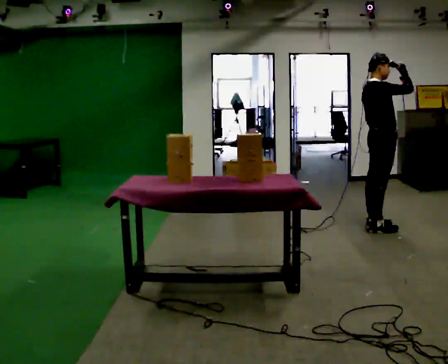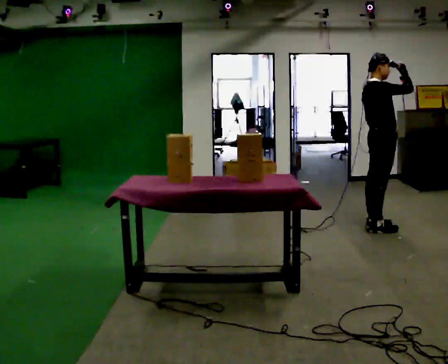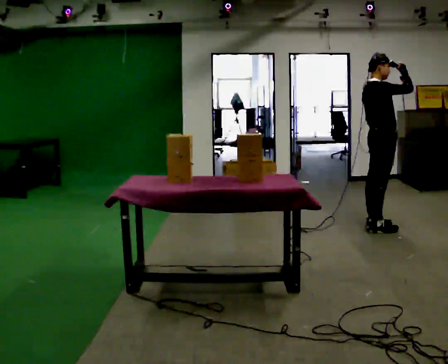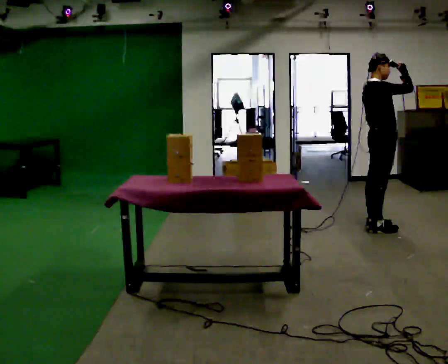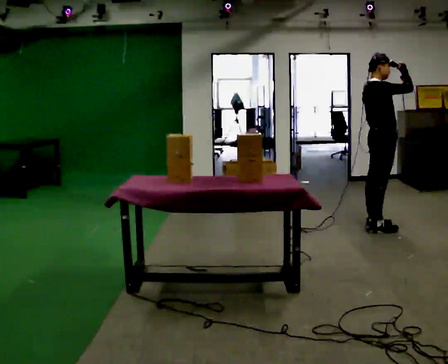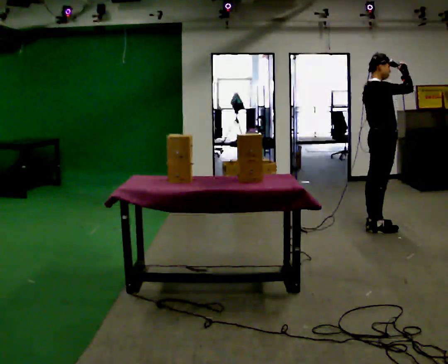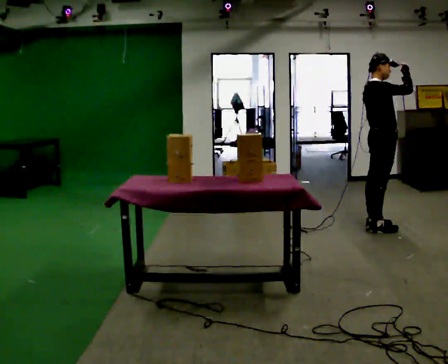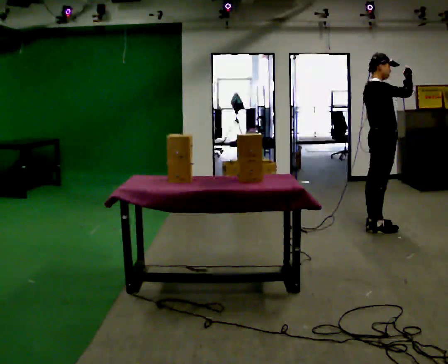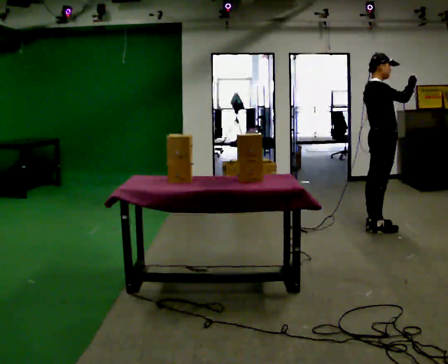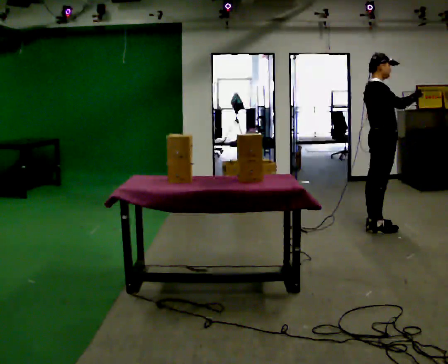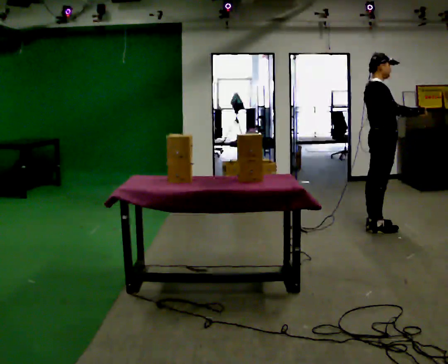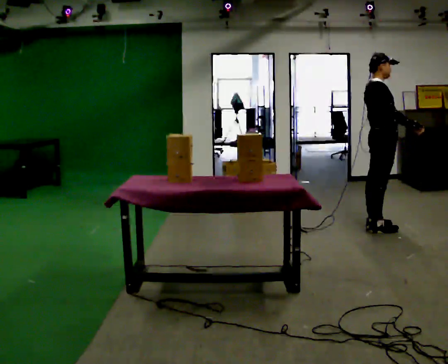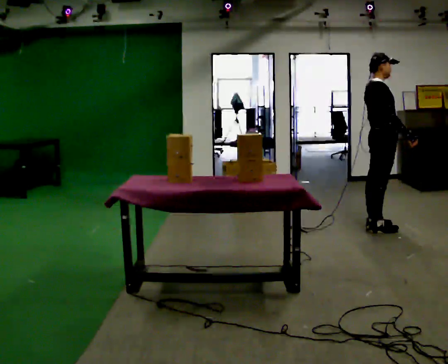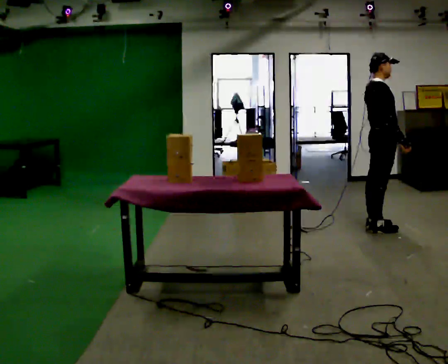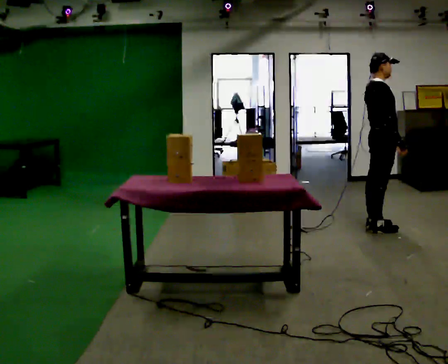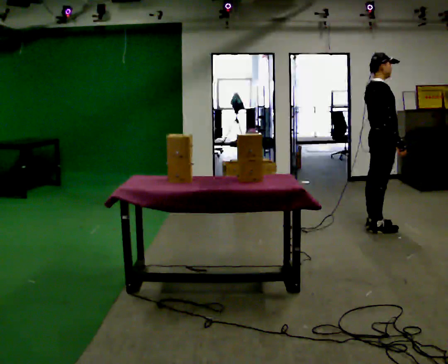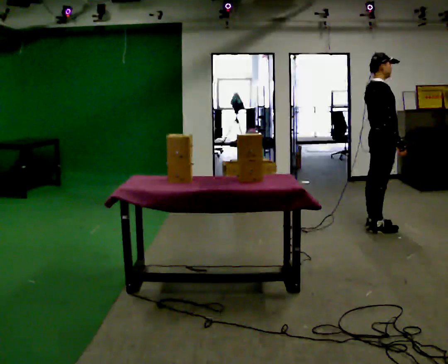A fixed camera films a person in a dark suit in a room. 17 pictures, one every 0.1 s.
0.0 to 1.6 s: In the picture their right hand goes downward, the arm swinging clockwise.
The film runs backward here.
